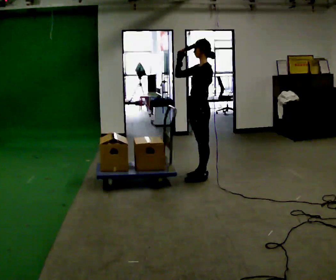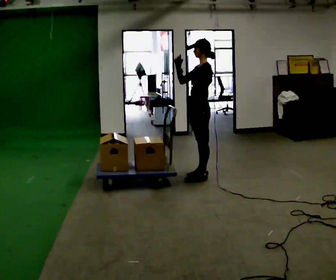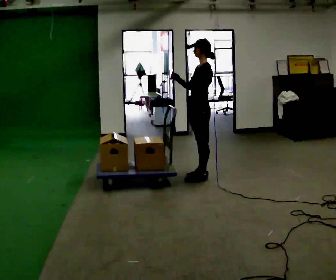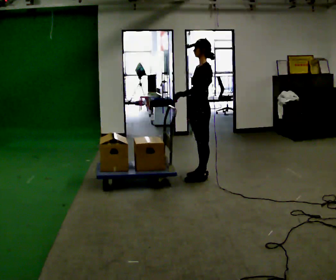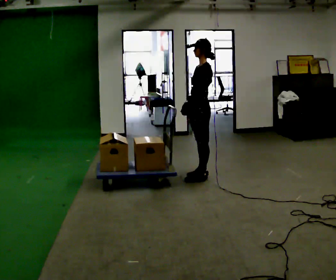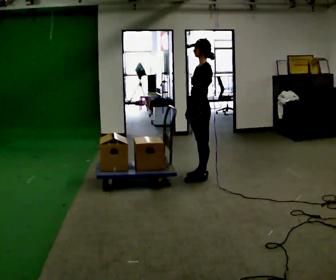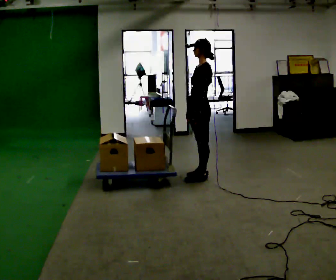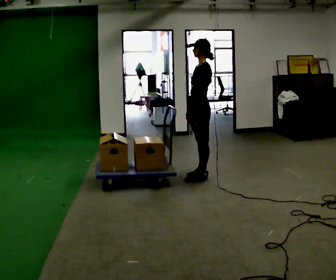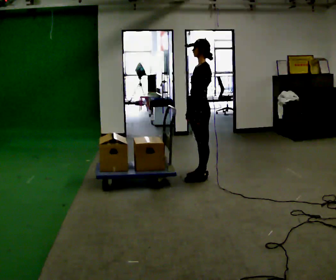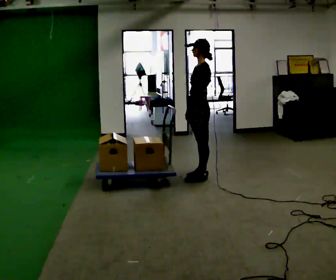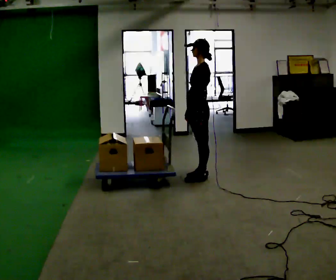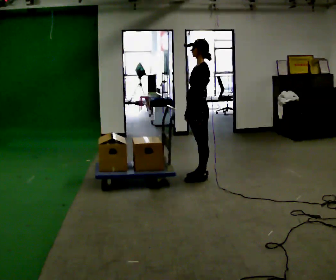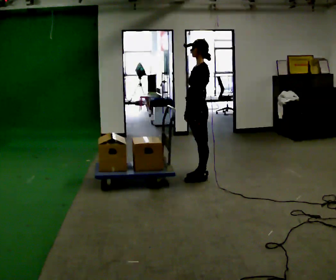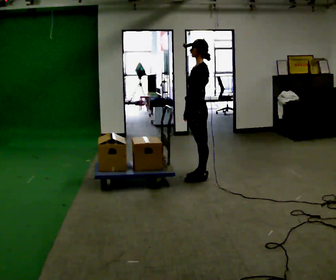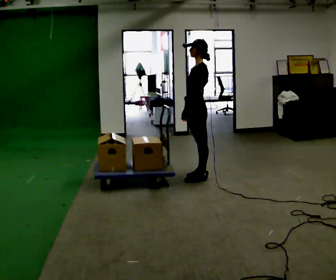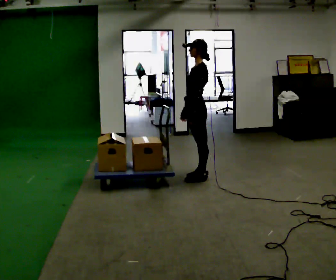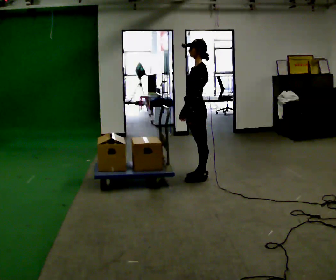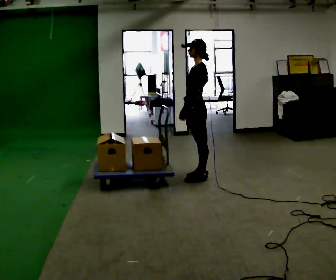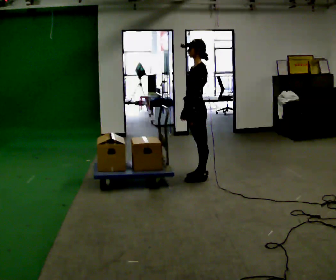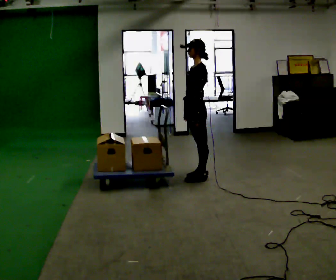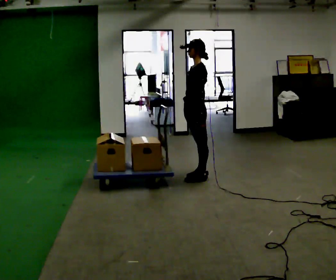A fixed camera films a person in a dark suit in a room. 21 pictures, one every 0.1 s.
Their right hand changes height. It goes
downward.
0.0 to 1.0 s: In the picture their right hand goes downward.
1.0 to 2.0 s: The person moves a little, or ends about where they began.
The film runs backward here.
